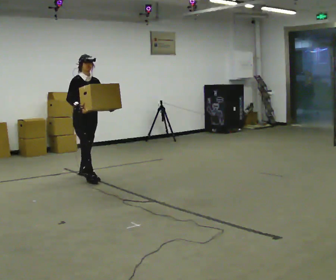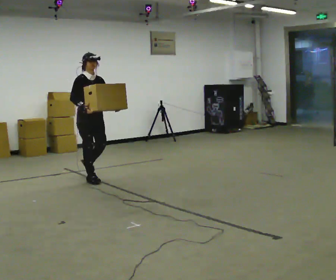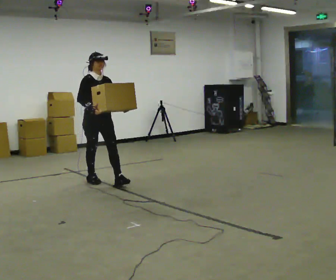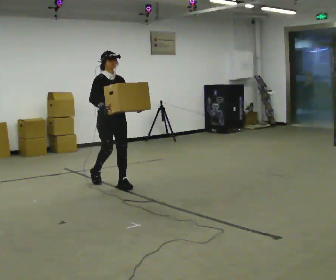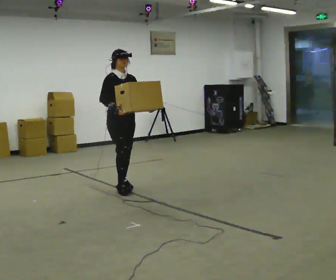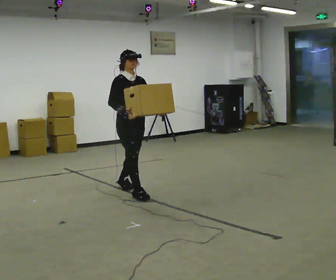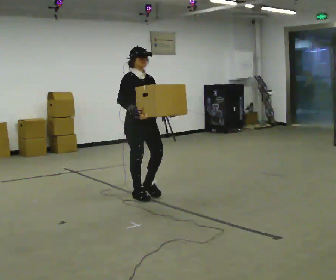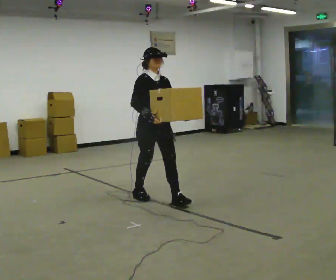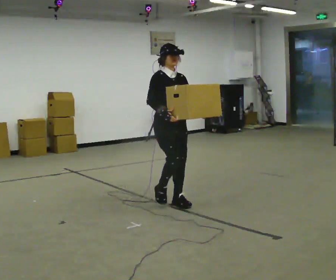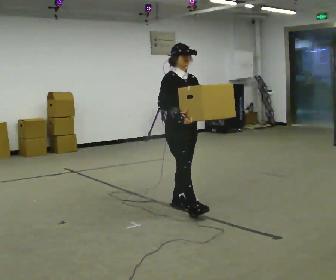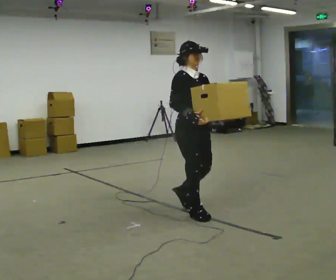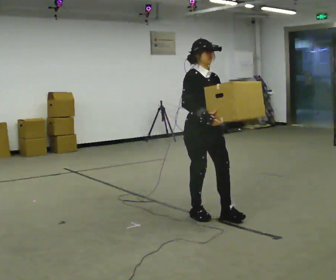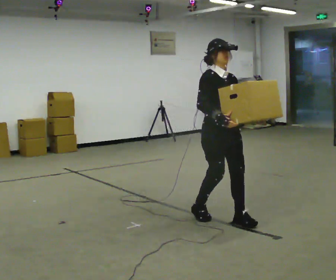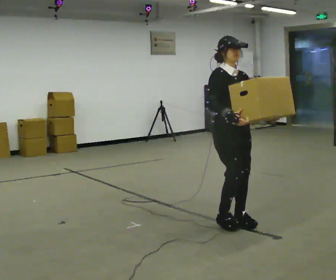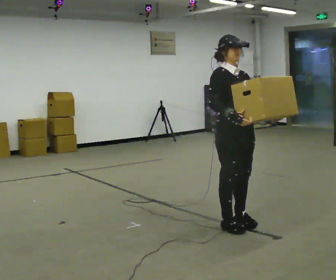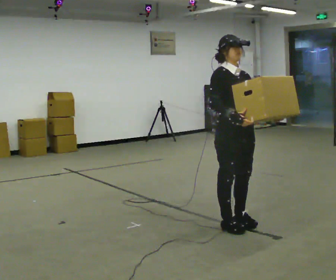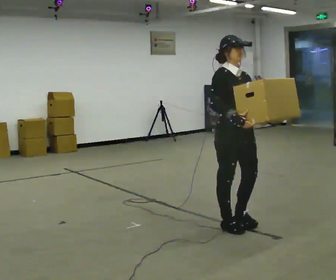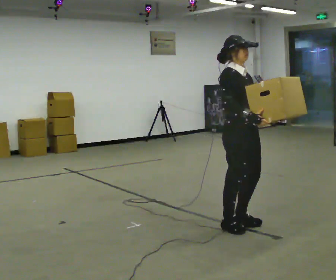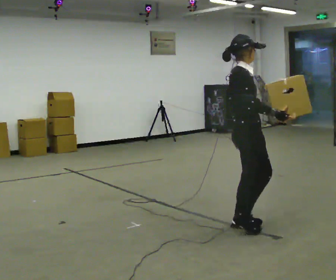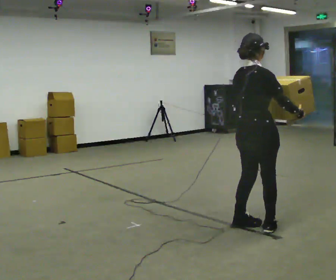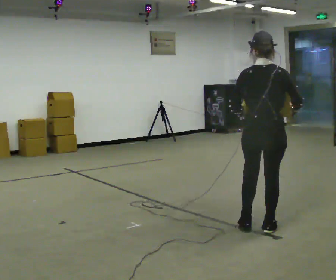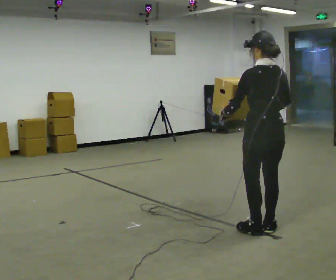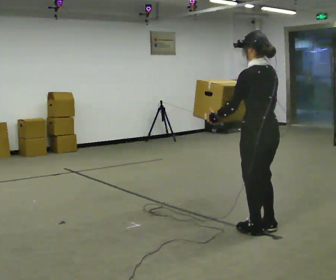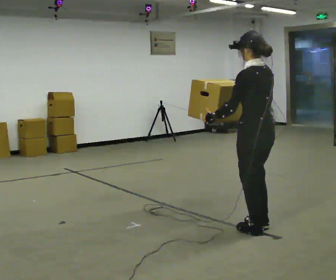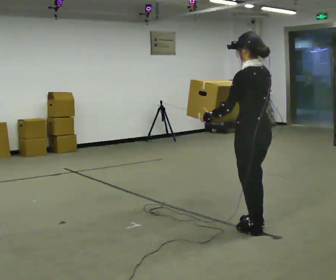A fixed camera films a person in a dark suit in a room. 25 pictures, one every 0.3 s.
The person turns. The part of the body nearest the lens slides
to the right.
The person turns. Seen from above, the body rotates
counterclockwise.
0.0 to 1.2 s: In the picture they go to the right and toward the camera, about 1 m in 1 step, which for them is forward.
1.2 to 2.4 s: In the picture they go to the right and toward the camera, about 1 m in 2 steps, which for them is forward.
2.4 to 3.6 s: In the picture they go toward the camera and to the right, about 0.5 m in 2 steps, which for them is forward.
3.6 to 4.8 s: In the picture they go toward the camera, about 0.25 m in 1 step, which for them is forward.
4.8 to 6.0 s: The person turns about 120 degrees to their left, counterclockwise seen from above, so the part of the body nearest the lens slides to the right. In the picture they go to the right, about 0.25 m in 1 step.
6.0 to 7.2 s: The person turns about 60 degrees to their left, counterclockwise seen from above, so the part of the body nearest the lens slides to the right. In the picture their right hand goes to the left.
The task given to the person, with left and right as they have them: Carry the box across the room, back and forth. The operator will swap between the box with handles and the one without.
The film runs forward here.
